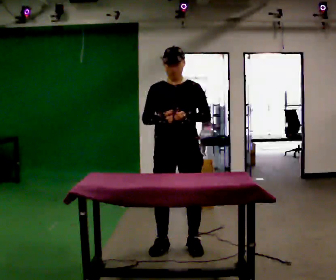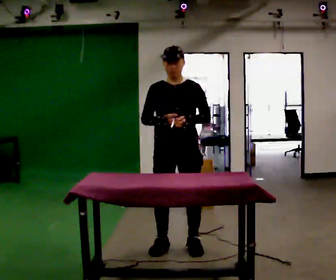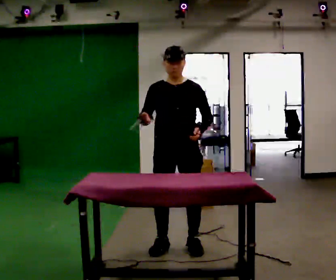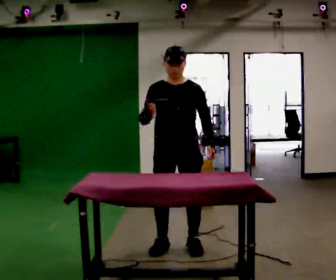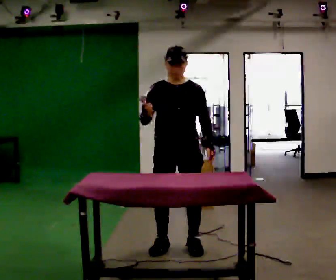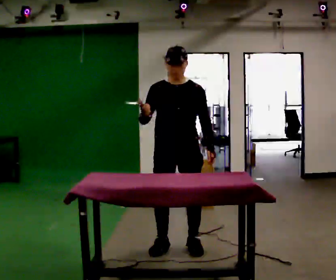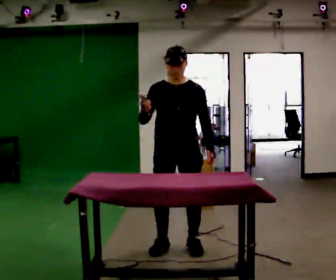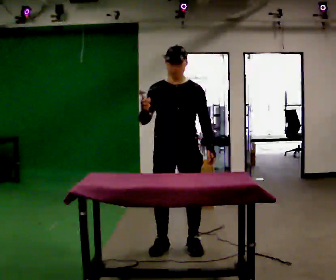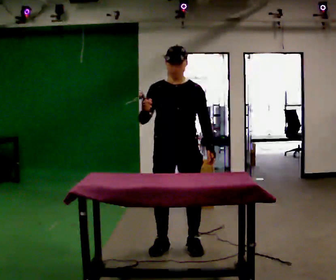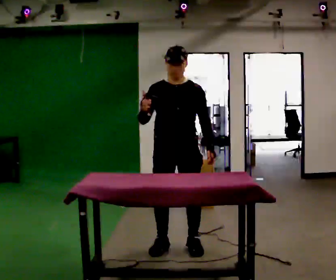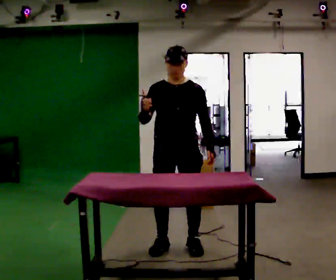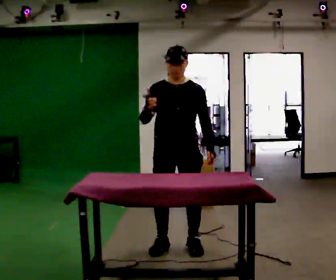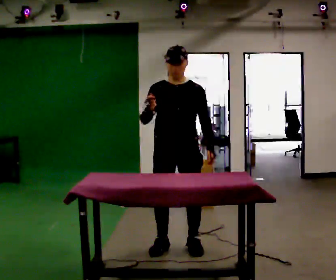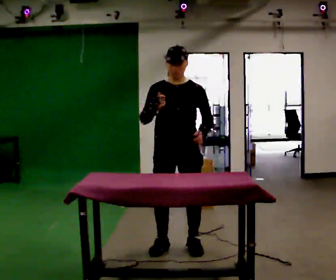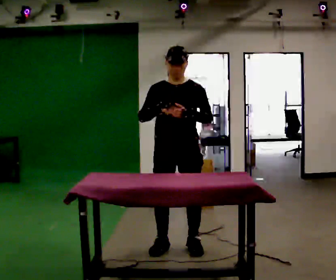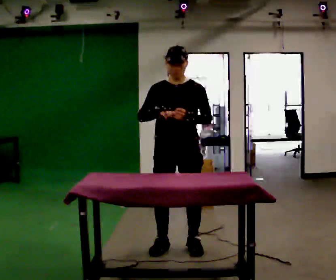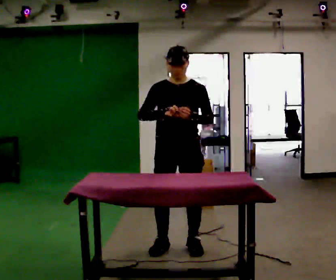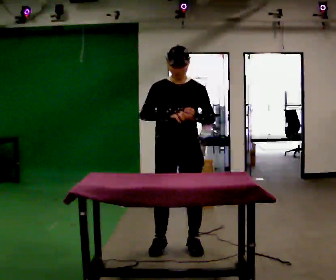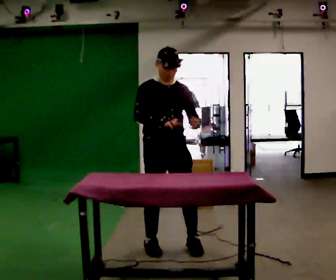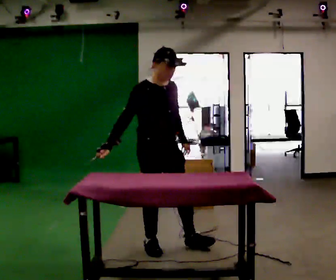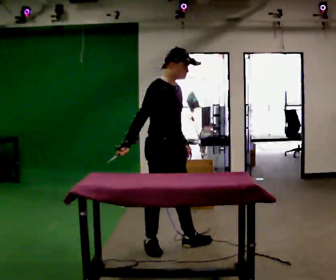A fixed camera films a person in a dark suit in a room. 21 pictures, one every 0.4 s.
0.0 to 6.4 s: The person moves a little, or ends about where they began.
6.4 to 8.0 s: The part of the body nearest the lens slides to the right as the person turns to their left by about 75 degrees.
The film runs forward here.
